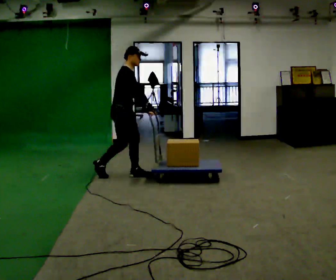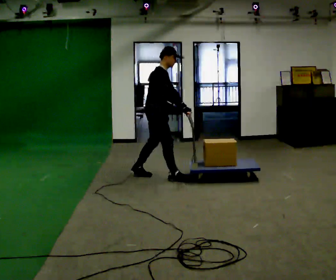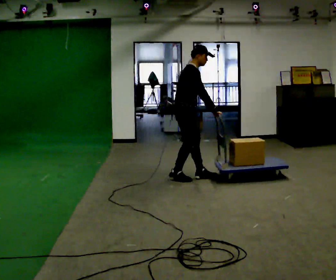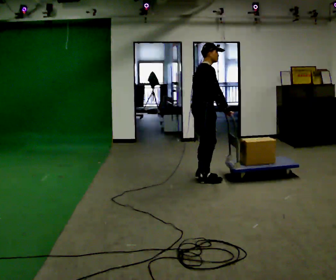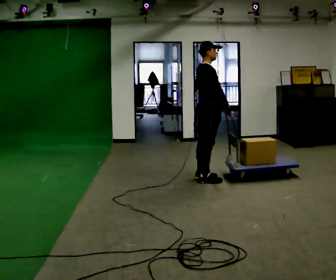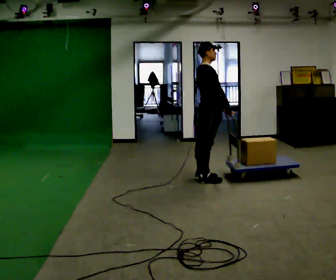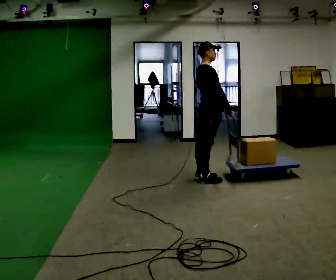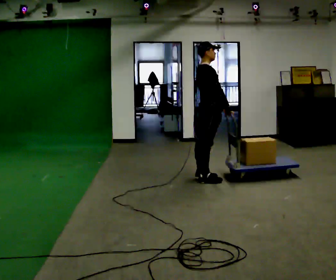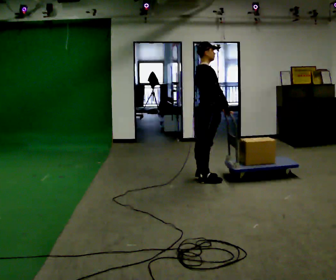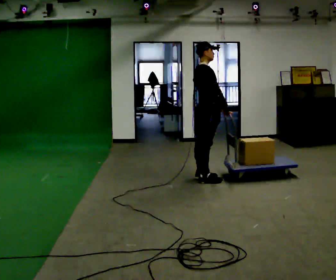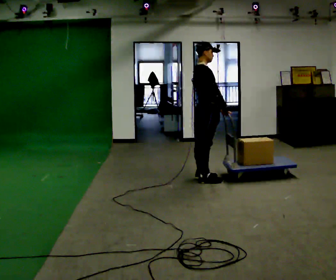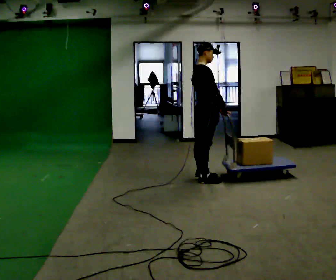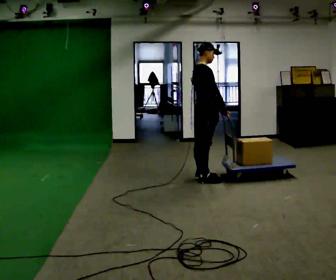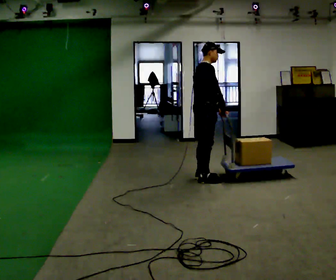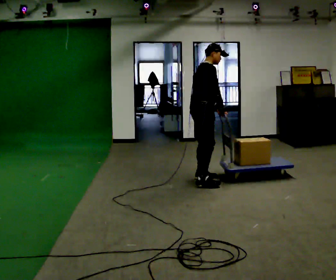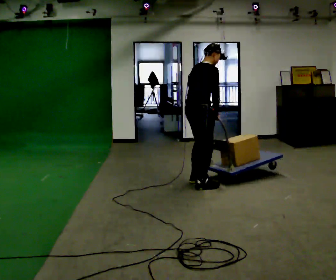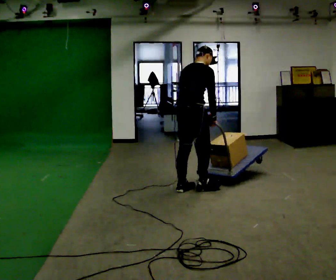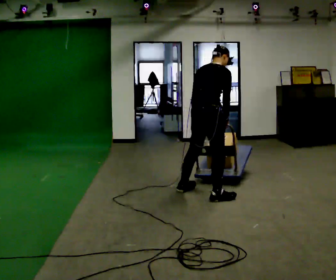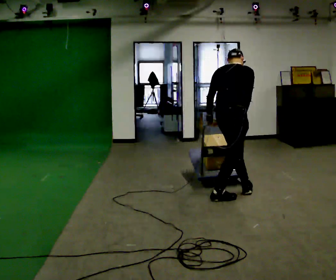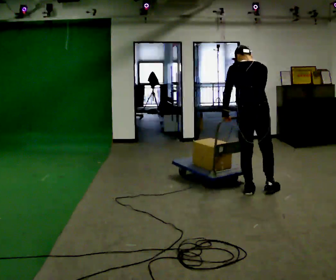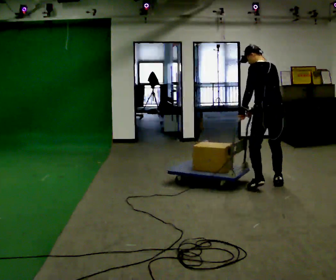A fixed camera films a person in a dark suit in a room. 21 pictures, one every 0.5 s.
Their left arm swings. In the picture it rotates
clockwise.
The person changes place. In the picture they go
to the right.
0.0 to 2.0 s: In the picture they go to the right, about 1 m in 3 steps, which for them is forward.
2.0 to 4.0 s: The person keeps their place and pose.
4.0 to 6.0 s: The person moves a little, or ends about where they began.
6.0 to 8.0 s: The part of the body nearest the lens slides to the right as the person turns to their left by about 30 degrees. In the picture they go toward the camera, about 0.5 m in 2 steps, which for them is to their right and backward.
8.0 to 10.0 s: Seen from above the body turns counterclockwise, about 75 degrees: to their left, with its near side sliding to the right. In the picture they go to the right, about 1 m in 3 steps.
The film runs forward here.
